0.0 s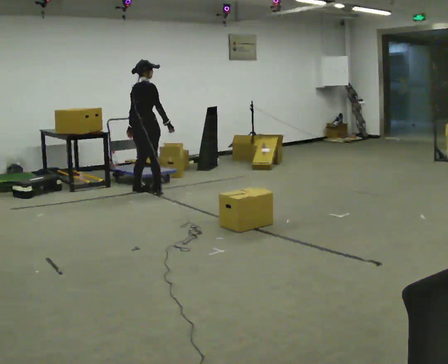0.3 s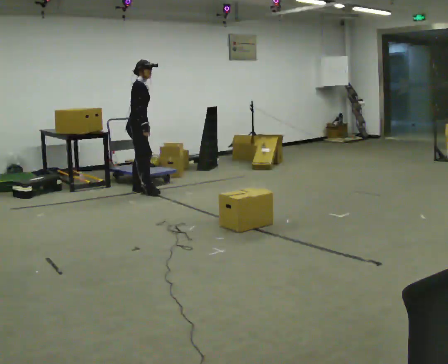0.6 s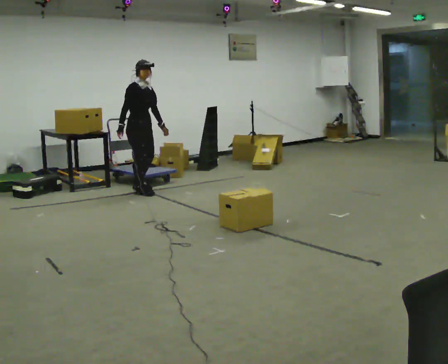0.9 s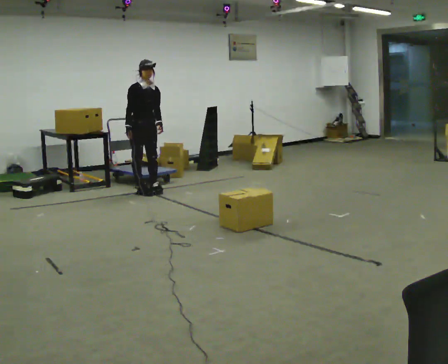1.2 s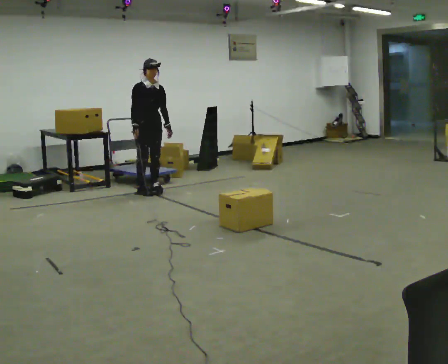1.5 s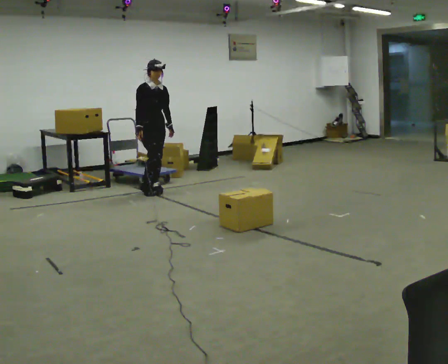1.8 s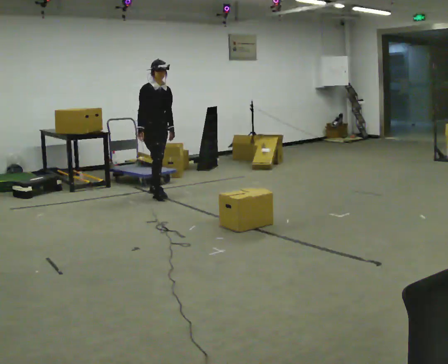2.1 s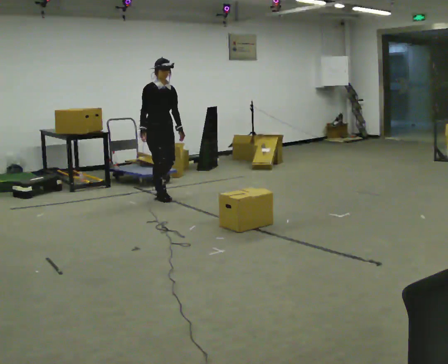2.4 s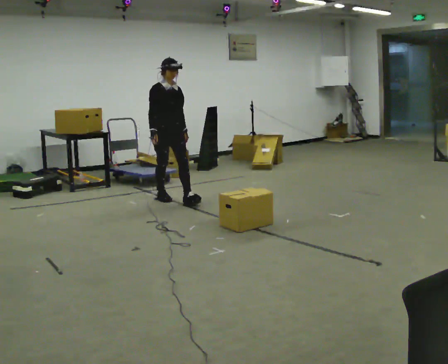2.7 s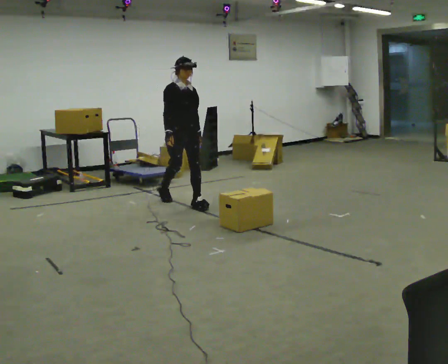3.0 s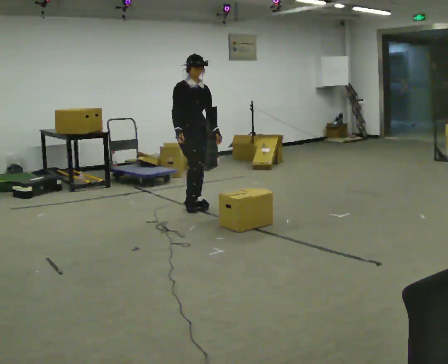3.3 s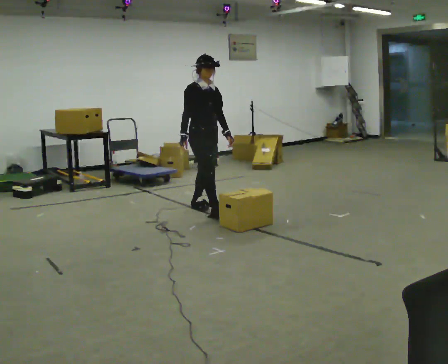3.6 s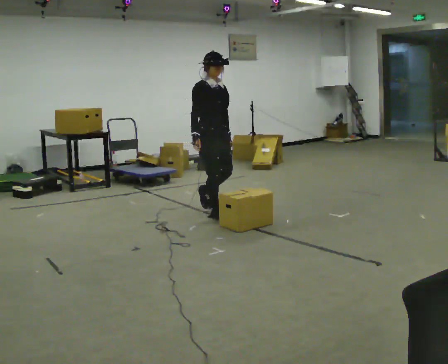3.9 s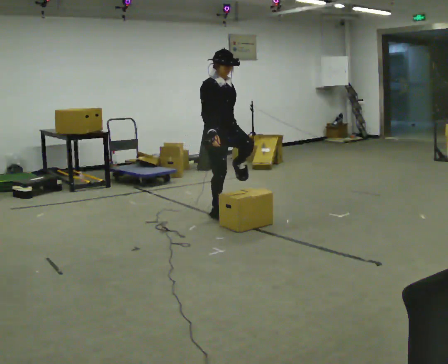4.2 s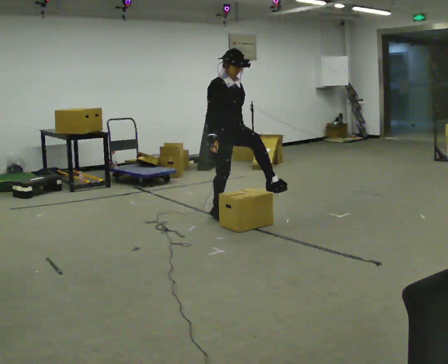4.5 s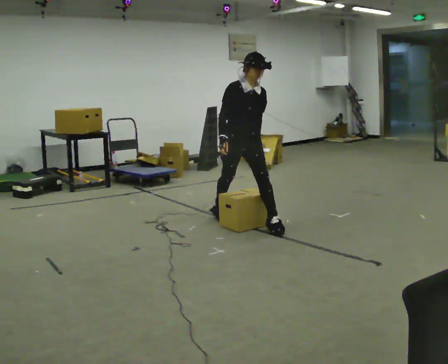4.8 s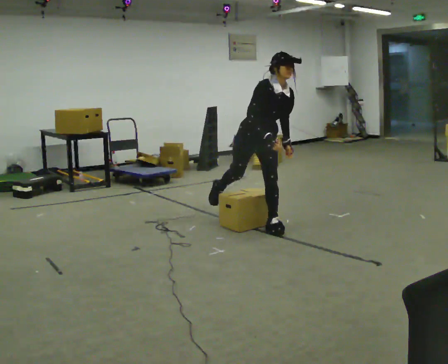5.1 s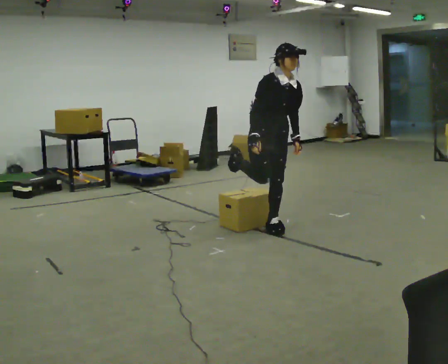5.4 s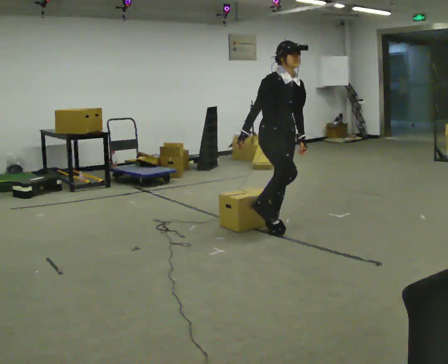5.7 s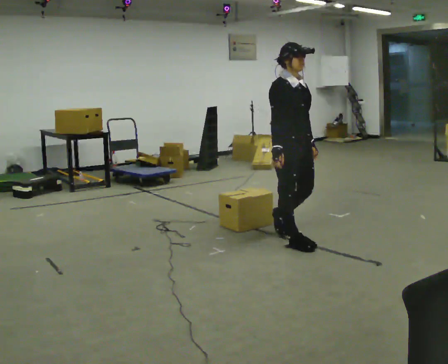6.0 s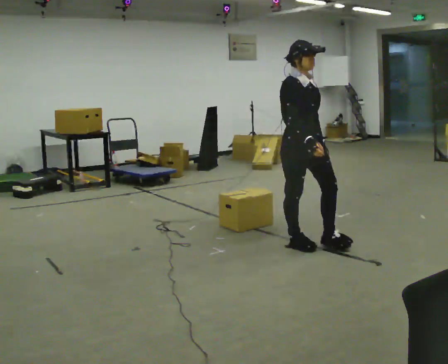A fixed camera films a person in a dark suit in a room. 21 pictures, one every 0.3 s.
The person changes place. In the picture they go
toward the camera.
0.0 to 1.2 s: The part of the body nearest the lens slides to the left as the person turns to their right by about 105 degrees. In the picture their right hand goes to the left, the arm swinging clockwise.
1.2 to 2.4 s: In the picture they go toward the camera and to the right, about 0.5 m in 1 step, which for them is forward.
2.4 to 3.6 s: In the picture they go toward the camera and to the right, about 1 m in 2 steps, which for them is forward.
3.6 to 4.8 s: Seen from above the body turns clockwise, about 30 degrees: to their right, with its near side sliding to the left. In the picture they go toward the camera and to the right, about 0.5 m in 1 step, which for them is forward. The upper body tips toward the camera, its near side rolling downward, as they bend forward.
4.8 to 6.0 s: In the picture they go toward the camera and to the right, about 0.75 m in 1 step, which for them is forward. The upper body tips away from the camera, its near side rolling upward, as they lean back or straighten.
The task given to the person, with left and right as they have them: Walk across the room at a normal pace, looking ahead. Something may appear in your way. Deal with it however comes naturally and carry on.
The film runs forward here.
